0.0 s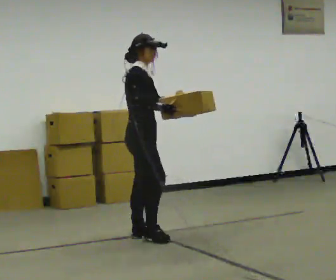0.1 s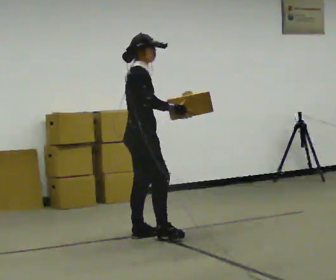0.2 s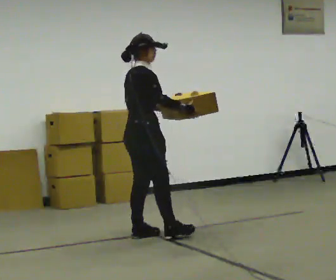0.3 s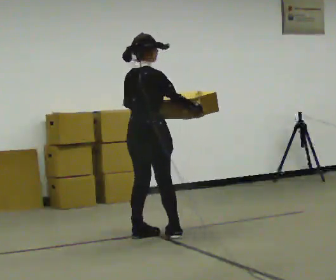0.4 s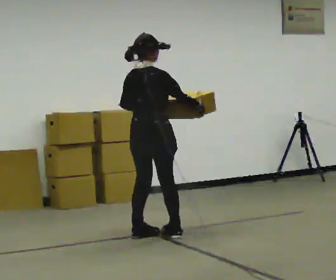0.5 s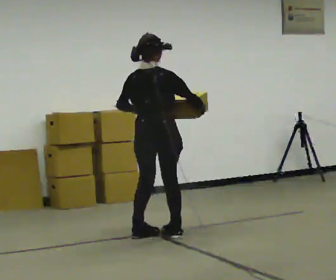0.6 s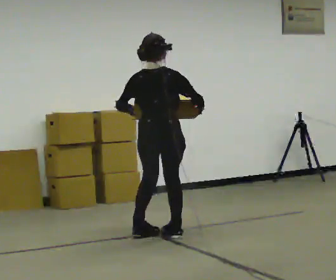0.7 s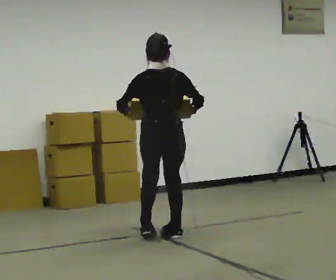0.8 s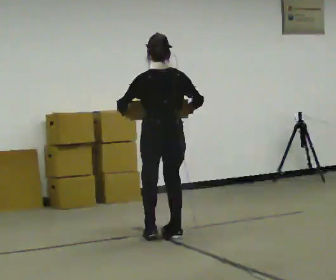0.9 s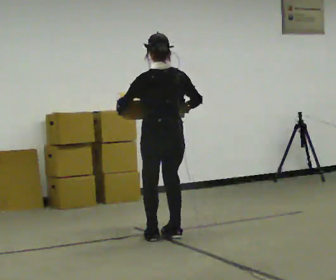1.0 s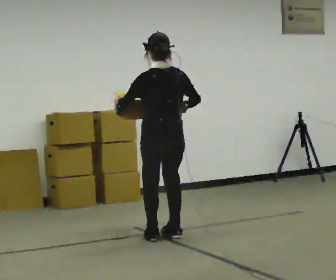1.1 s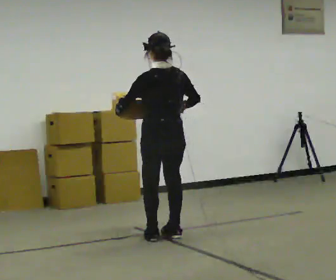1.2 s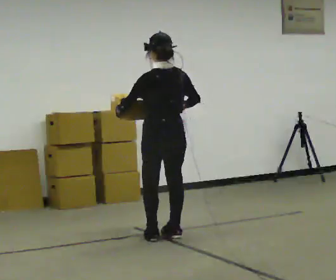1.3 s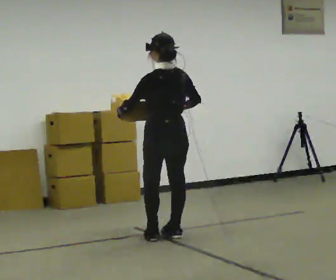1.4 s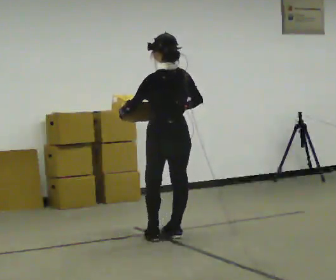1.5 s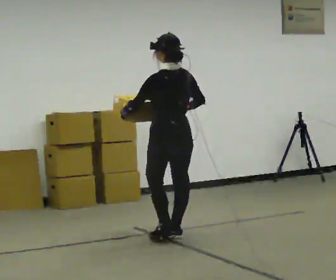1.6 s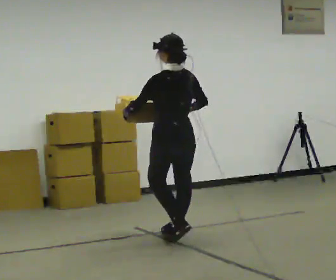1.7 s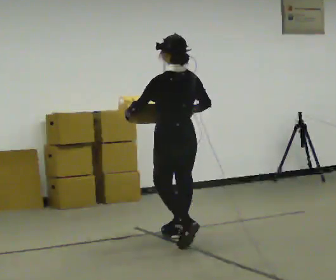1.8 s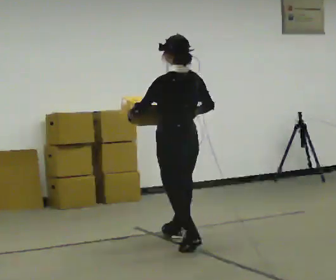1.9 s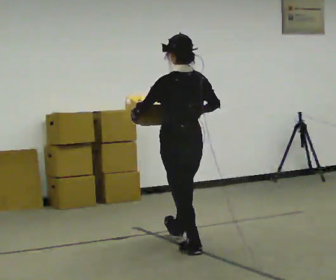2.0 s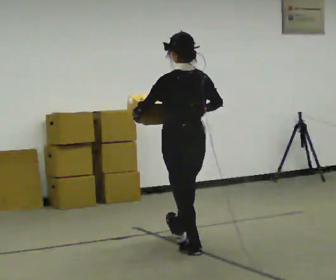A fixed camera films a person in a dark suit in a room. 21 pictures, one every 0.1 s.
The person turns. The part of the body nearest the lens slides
to the right.
The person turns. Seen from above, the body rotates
counterclockwise.
0.0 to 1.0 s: Seen from above the body turns counterclockwise, about 120 degrees: to their left, with its near side sliding to the right. In the picture they go to the right, about 0.25 m in 1 step.
1.0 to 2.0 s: In the picture they go toward the camera, about 0.5 m in 2 steps, which for them is backward.
The film runs backward here.
